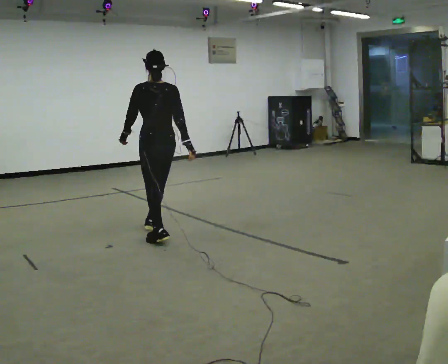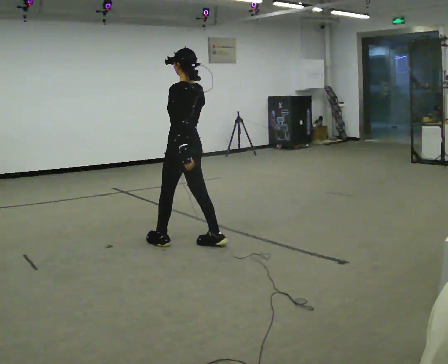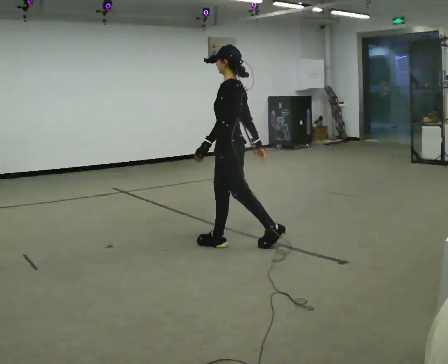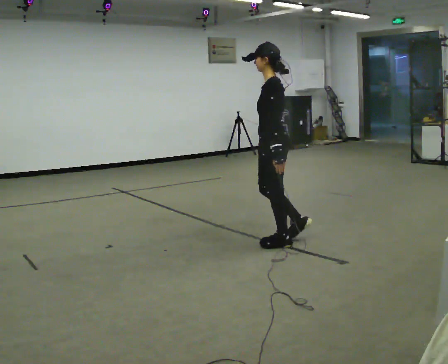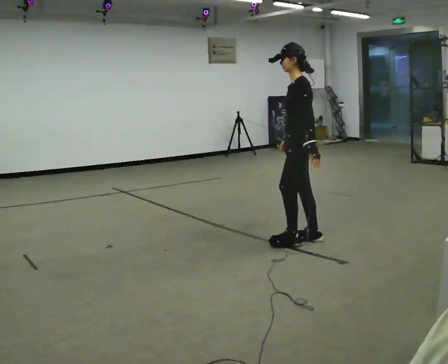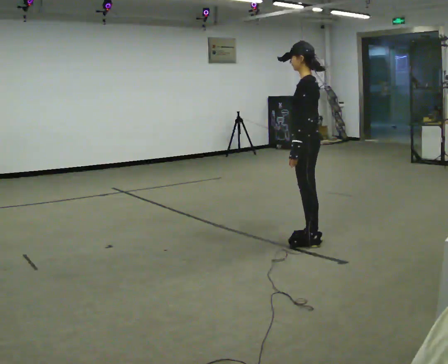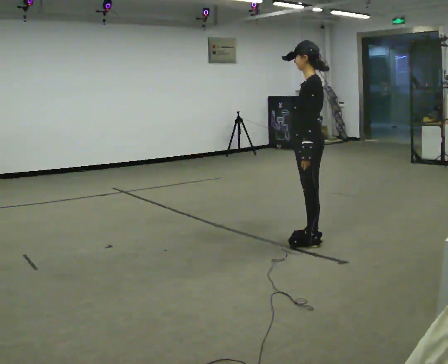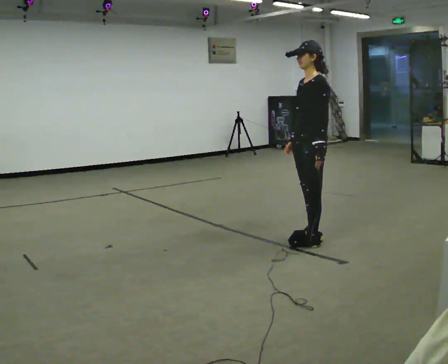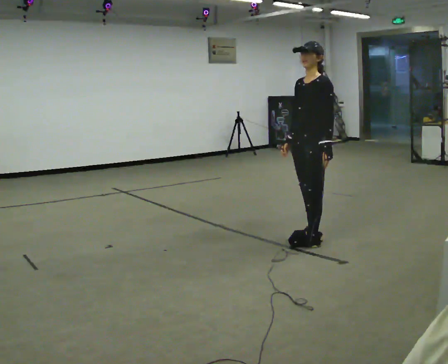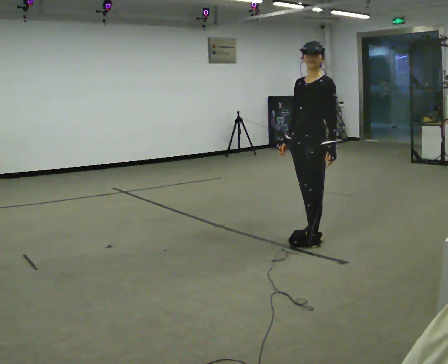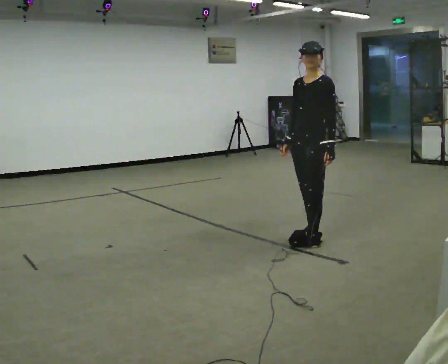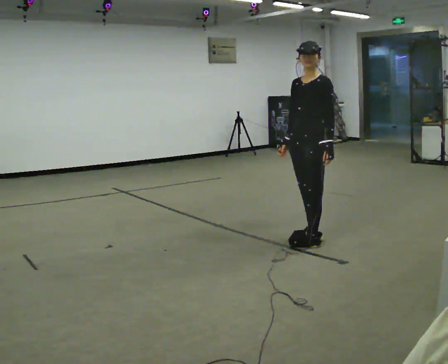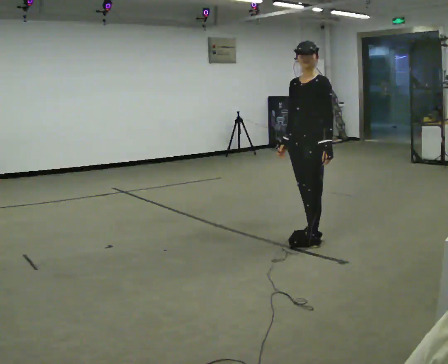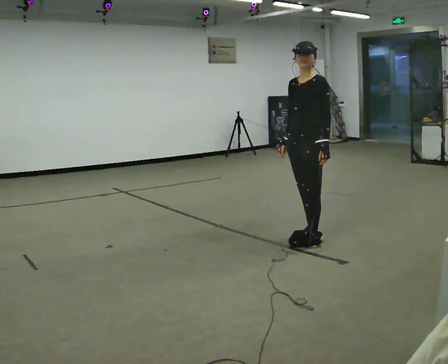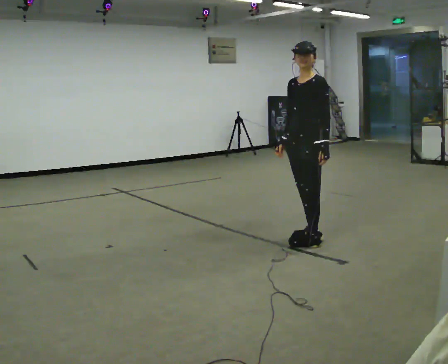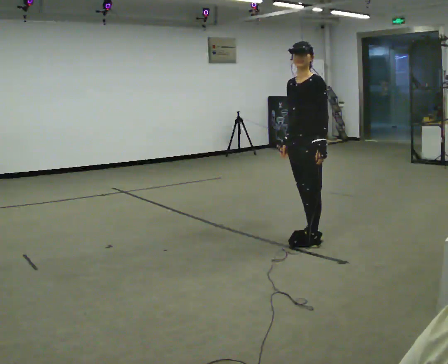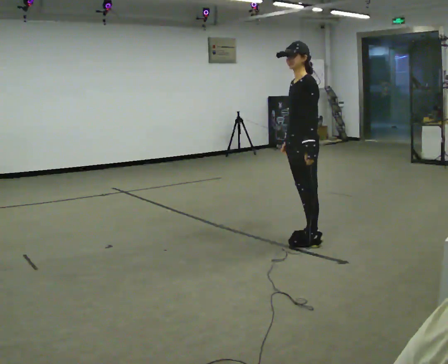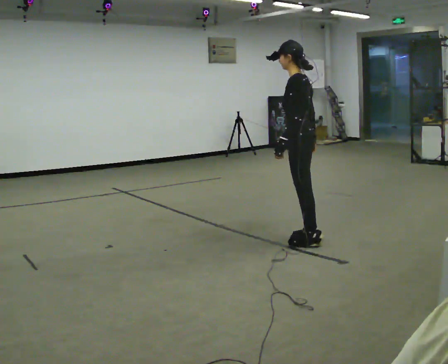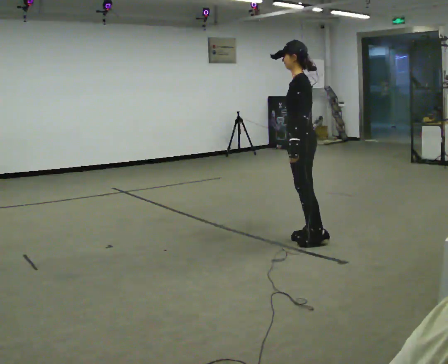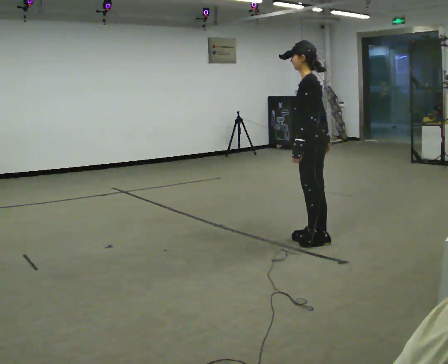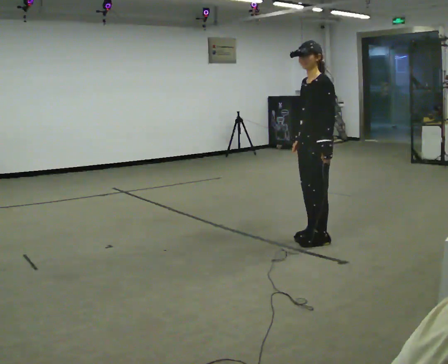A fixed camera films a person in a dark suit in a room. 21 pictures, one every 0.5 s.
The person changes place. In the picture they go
to the right.
0.0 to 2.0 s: The person turns about 75 degrees to their left, counterclockwise seen from above, so the part of the body nearest the lens slides to the right. In the picture they go to the right, about 1 m in 3 steps.
2.0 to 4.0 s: Seen from above the body turns counterclockwise, about 30 degrees: to their left, with its near side sliding to the right.
4.0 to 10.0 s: The person moves a little, or ends about where they began.
The film runs backward here.
